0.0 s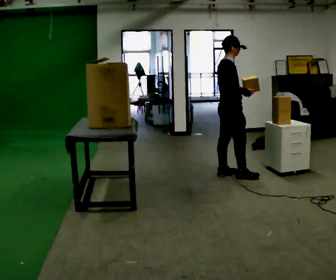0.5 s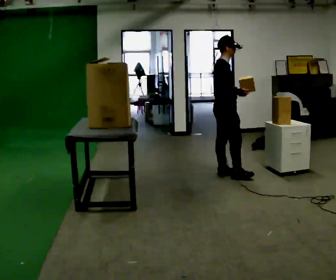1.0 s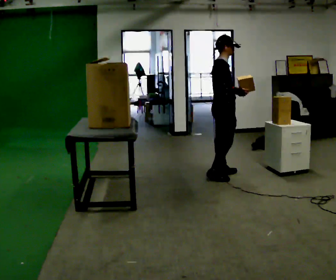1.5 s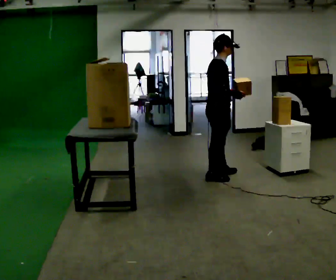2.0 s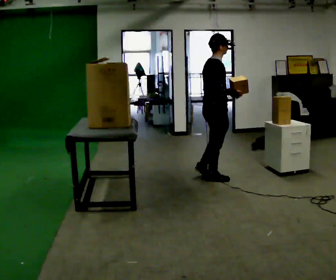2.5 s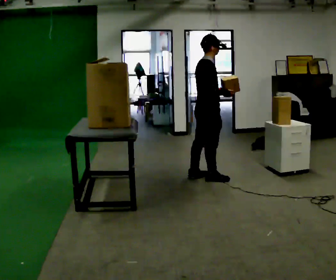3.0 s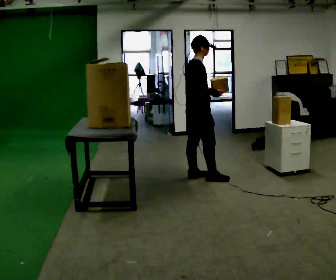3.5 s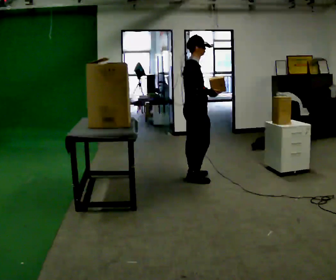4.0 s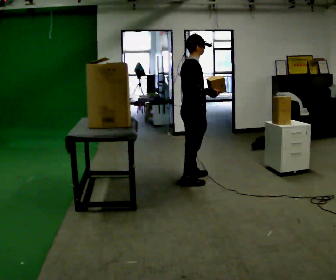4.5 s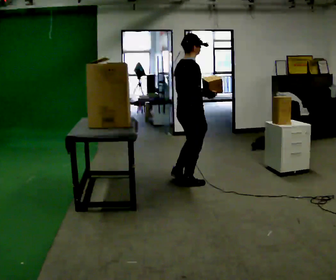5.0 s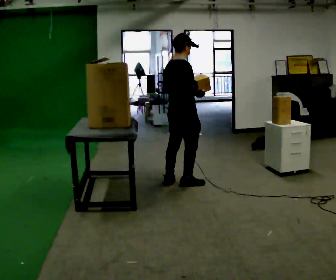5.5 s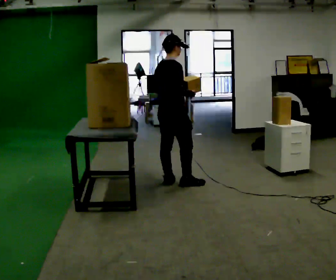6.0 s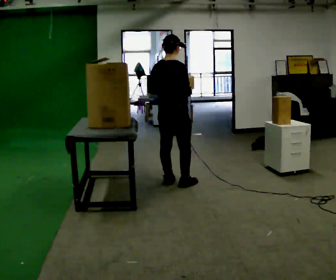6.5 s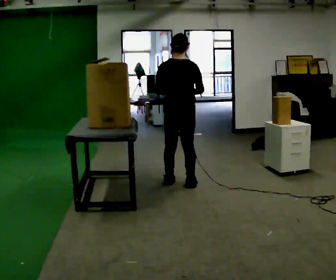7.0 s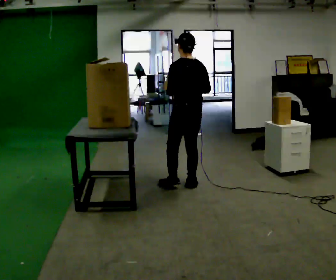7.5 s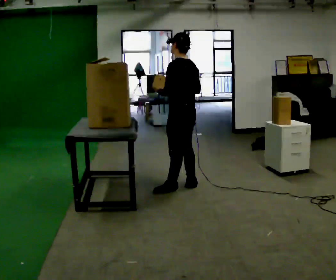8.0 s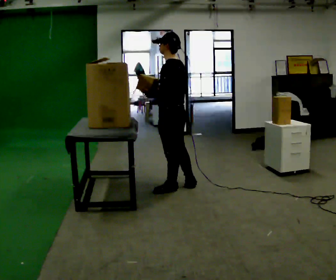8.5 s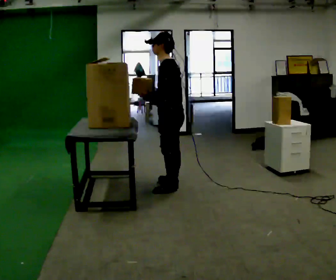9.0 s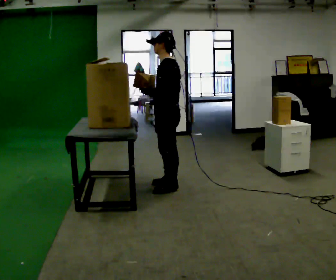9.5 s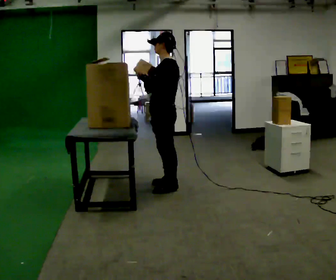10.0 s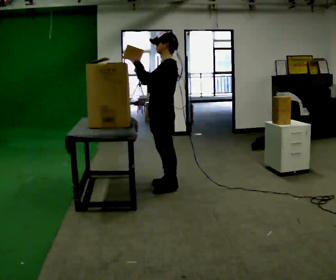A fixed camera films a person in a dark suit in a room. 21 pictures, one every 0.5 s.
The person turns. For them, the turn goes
to their left.
The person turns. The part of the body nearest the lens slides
to the right.
0.0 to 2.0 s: In the picture they go to the left and toward the camera, about 0.25 m in 2 steps, which for them is backward and to their right.
2.0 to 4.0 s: In the picture they go to the left, about 0.25 m in 1 step, which for them is backward.
4.0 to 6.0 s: The person turns about 45 degrees to their left, counterclockwise seen from above, so the part of the body nearest the lens slides to the right. In the picture they go to the left, about 0.25 m in 1 step, which for them is backward. In the picture their left hand goes to the left.
6.0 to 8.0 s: The part of the body nearest the lens slides to the right as the person turns to their left by about 105 degrees. In the picture they go toward the camera, about 0.25 m in 1 step.
8.0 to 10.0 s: The part of the body nearest the lens slides to the right as the person turns to their left by about 30 degrees. In the picture their left hand goes upward.
The film runs backward here.
